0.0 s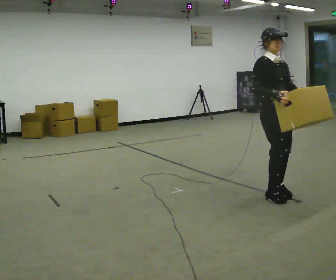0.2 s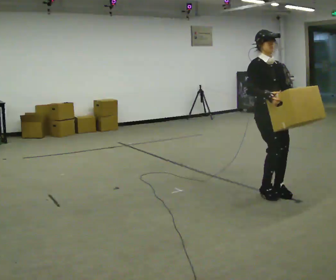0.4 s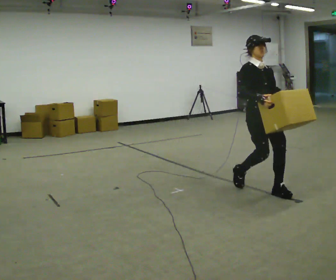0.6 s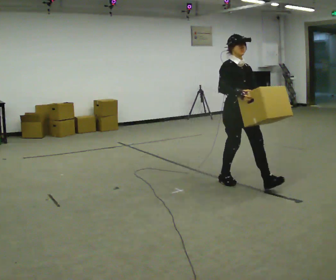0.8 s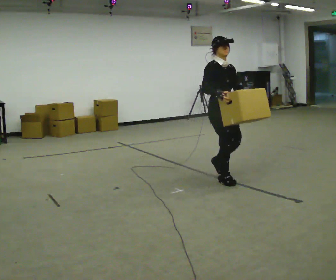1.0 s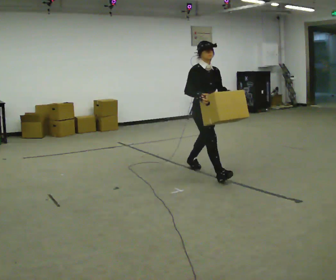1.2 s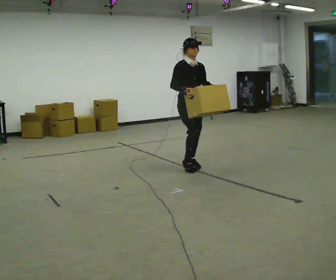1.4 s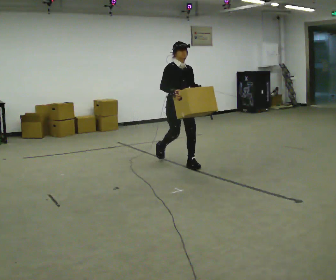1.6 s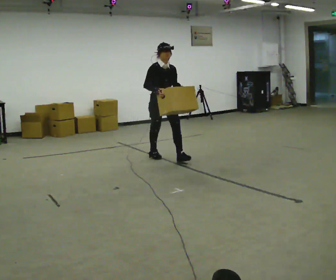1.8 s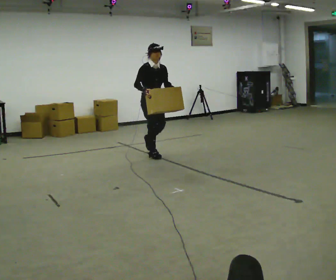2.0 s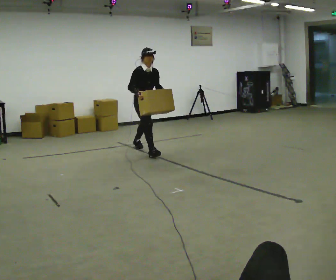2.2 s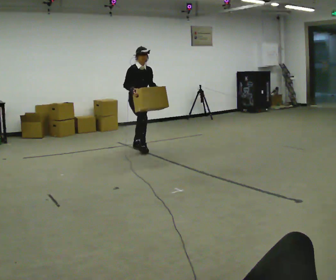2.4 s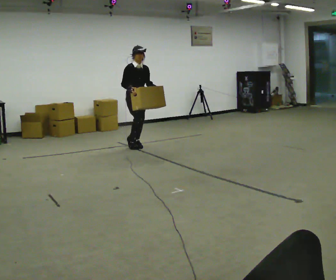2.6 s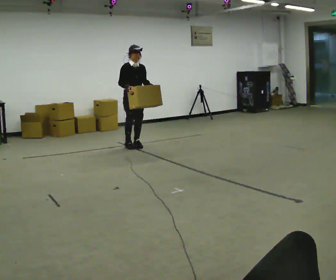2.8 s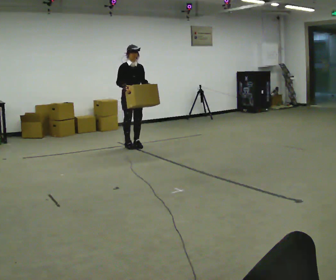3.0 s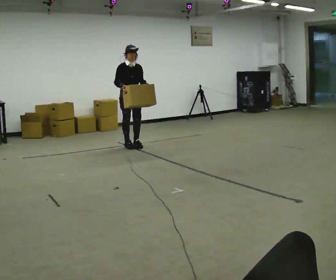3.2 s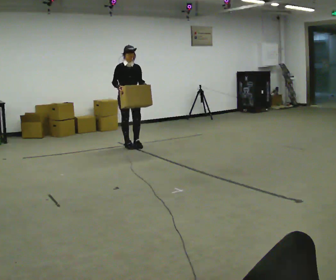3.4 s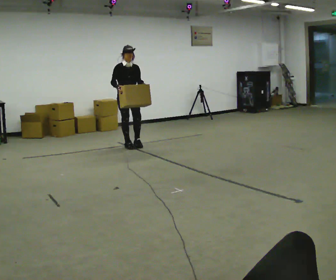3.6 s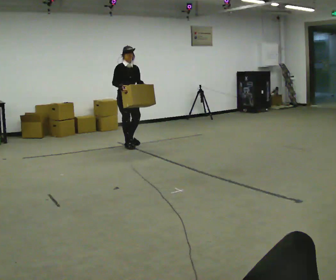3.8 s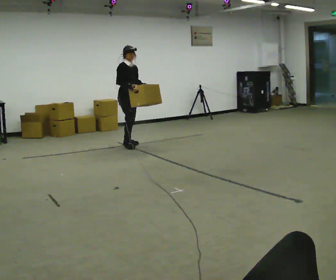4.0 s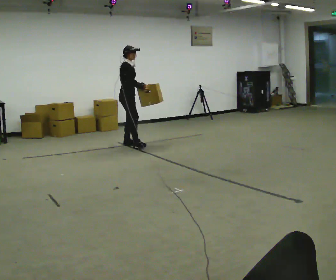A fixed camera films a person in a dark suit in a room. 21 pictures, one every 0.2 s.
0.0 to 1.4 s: In the picture they go away from the camera and to the left, about 1.5 m in 3 steps, which for them is backward.
1.4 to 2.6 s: In the picture they go away from the camera and to the left, about 1 m in 2 steps, which for them is backward.
2.6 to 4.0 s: The part of the body nearest the lens slides to the right as the person turns to their left by about 45 degrees.
The film runs backward here.
